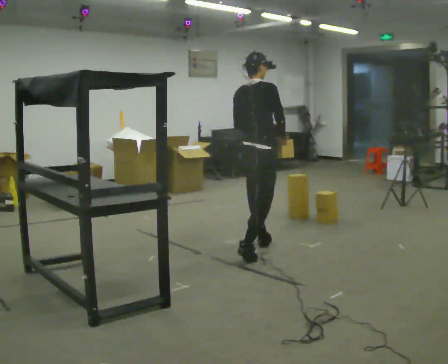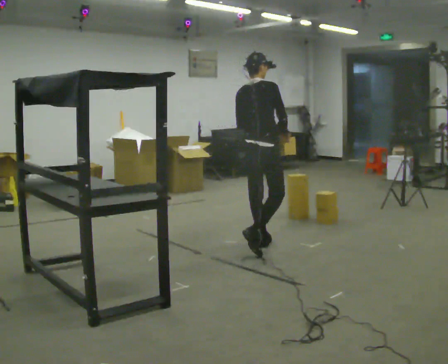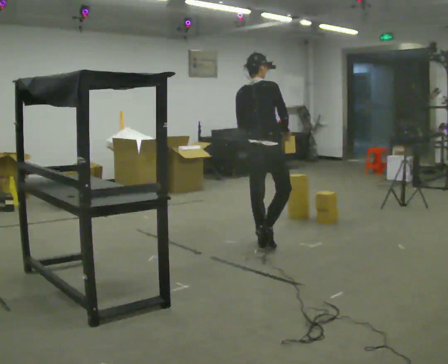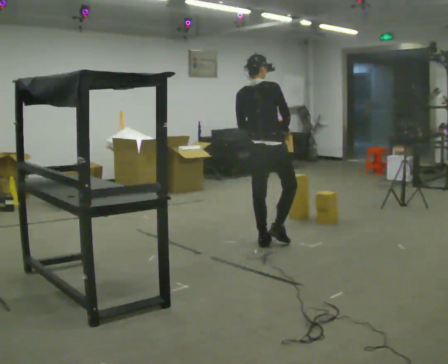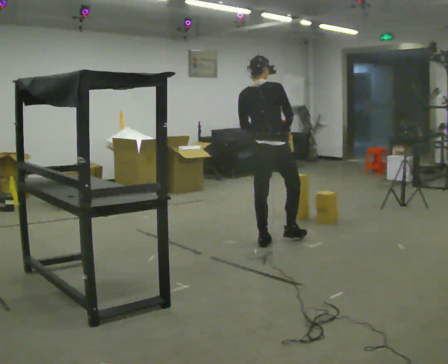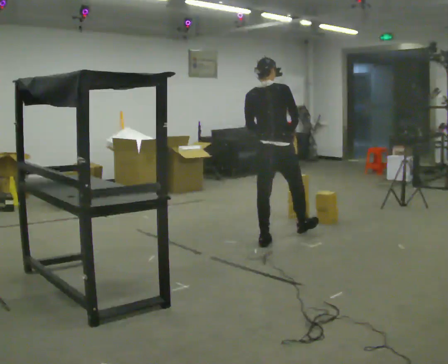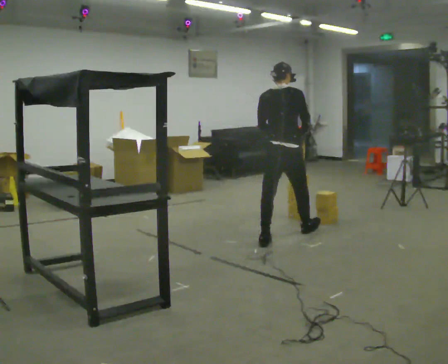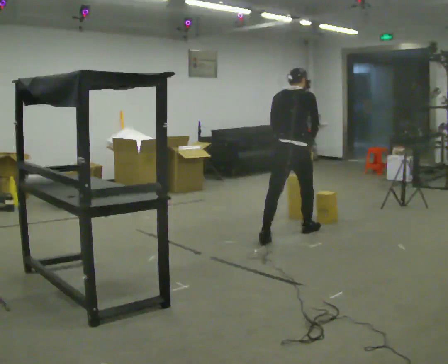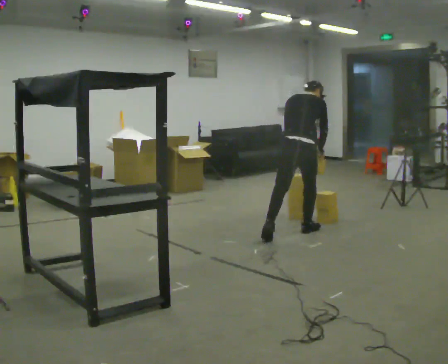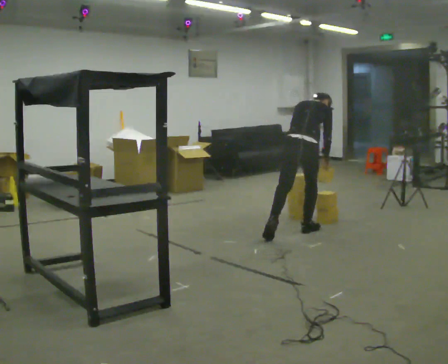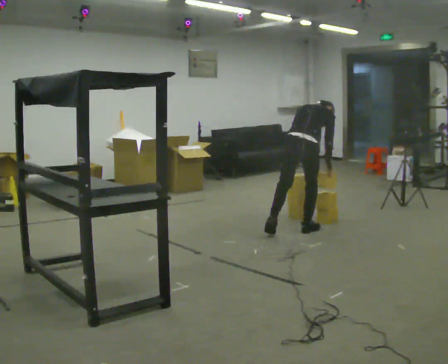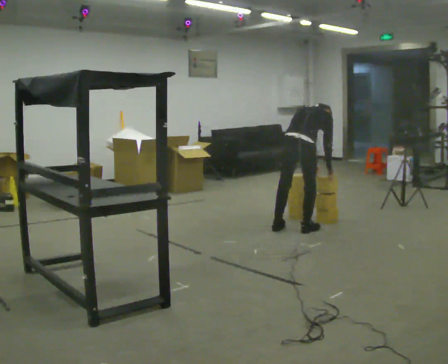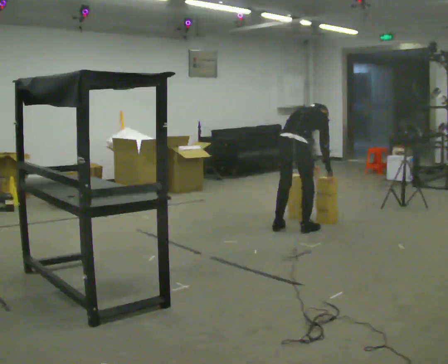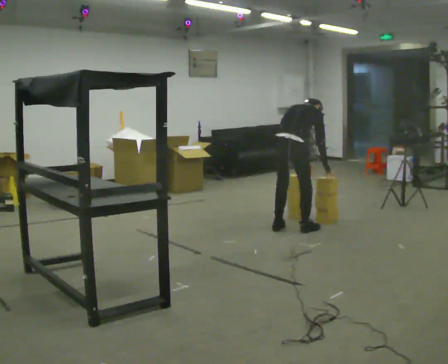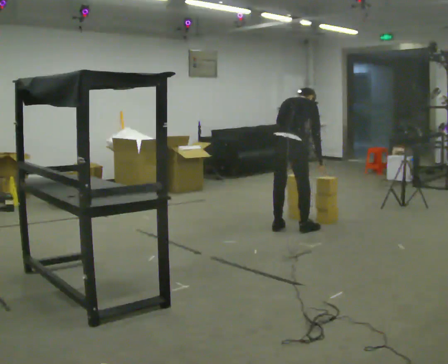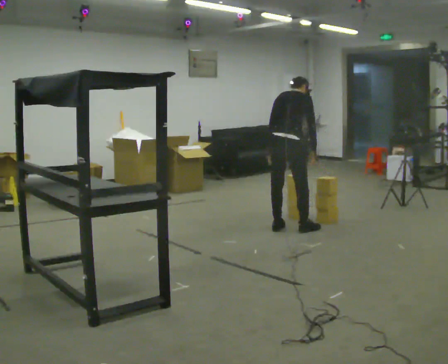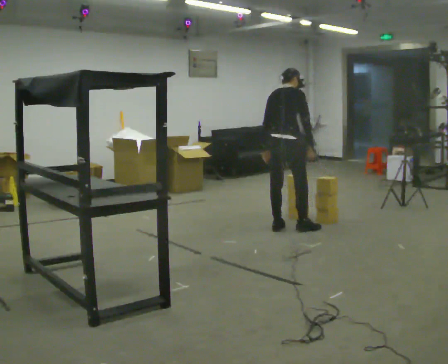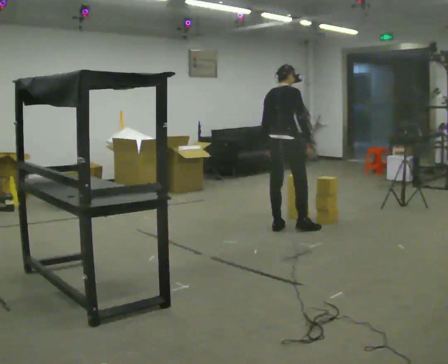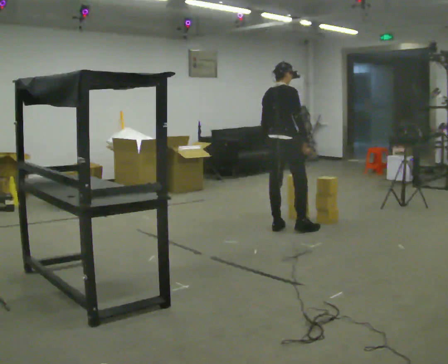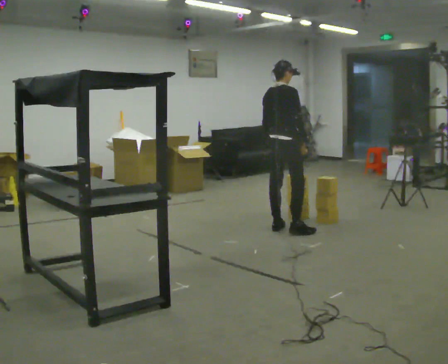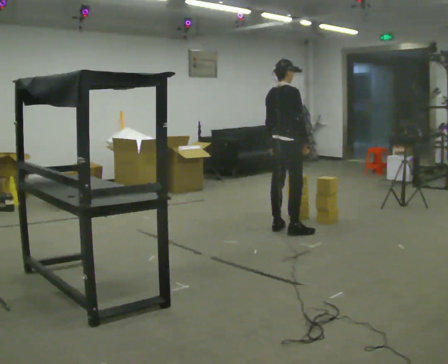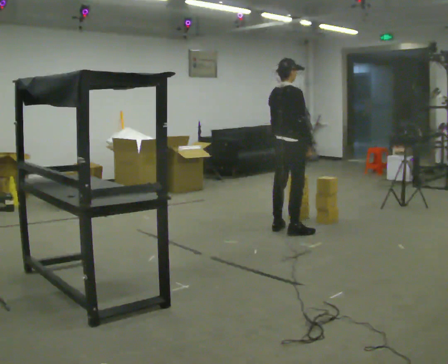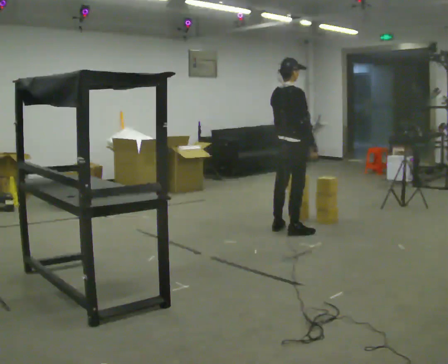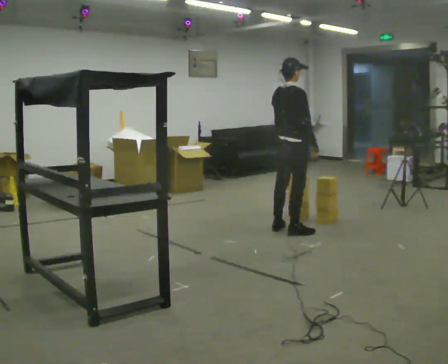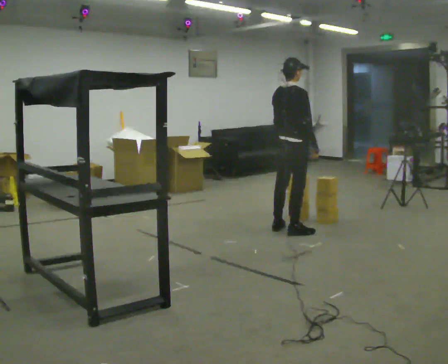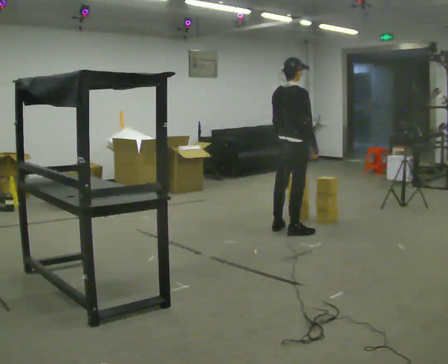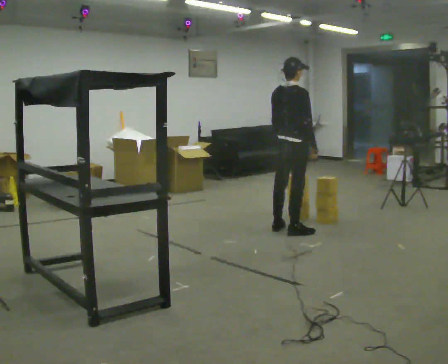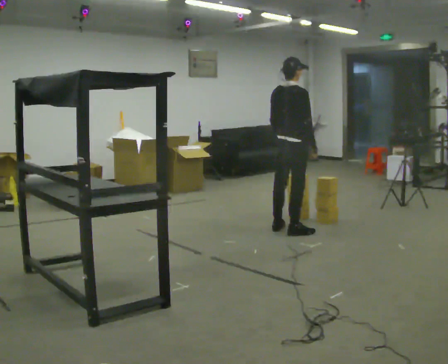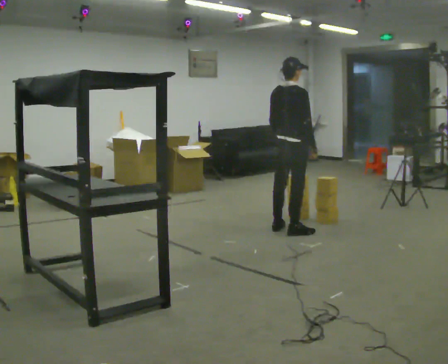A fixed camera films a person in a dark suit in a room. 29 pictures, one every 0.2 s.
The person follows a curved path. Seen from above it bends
counterclockwise.
0.0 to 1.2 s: In the picture they go away from the camera and to the right, about 0.5 m in 1 step, which for them is forward.
1.2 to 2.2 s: In the picture they go away from the camera, about 0.25 m, which for them is forward. The shoulders move downward. The upper body tips away from the camera, its near side rolling upward, as they bend forward. In the picture their right hand goes downward.
2.2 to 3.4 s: In the picture they go to the left, about 0.25 m in 1 step, which for them is to their left. The upper body goes upward. The upper body tips toward the camera, its near side rolling downward, as they lean back or straighten.
3.4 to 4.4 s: The upper body tips toward the camera, its near side rolling downward, as they lean back or straighten.
4.4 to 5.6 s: The person moves a little, or ends about where they began.
The film runs forward here.
